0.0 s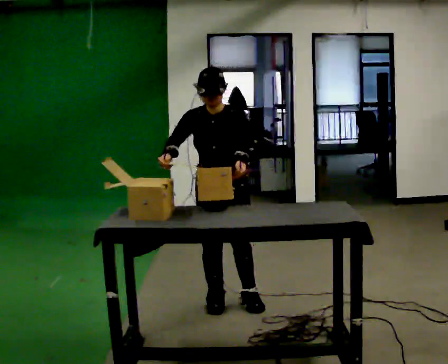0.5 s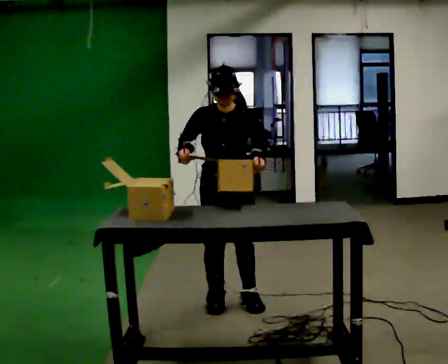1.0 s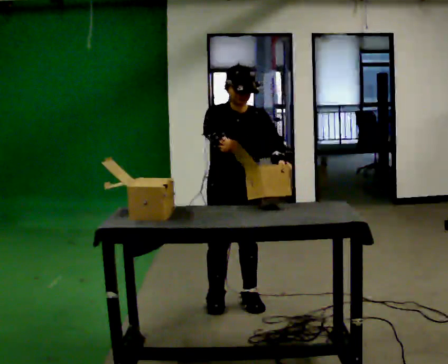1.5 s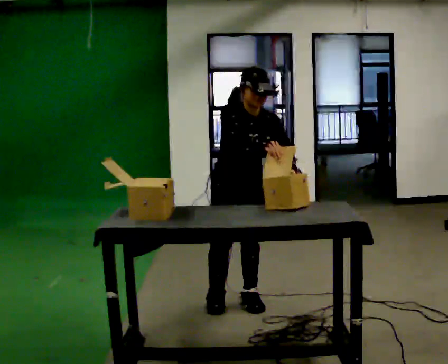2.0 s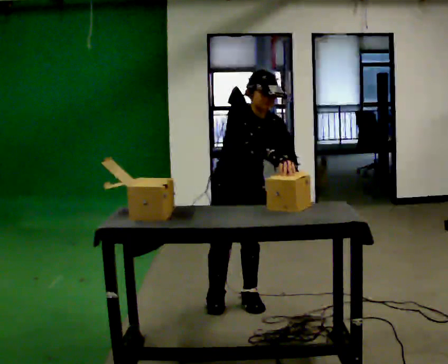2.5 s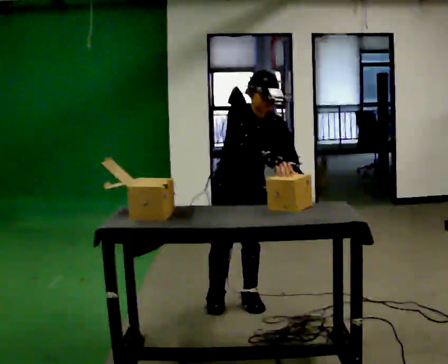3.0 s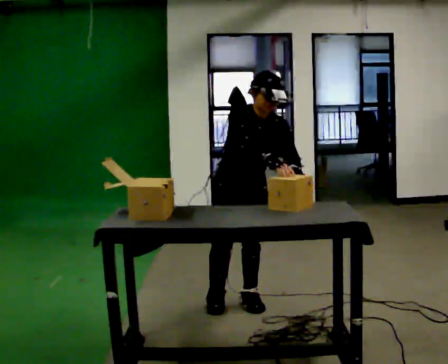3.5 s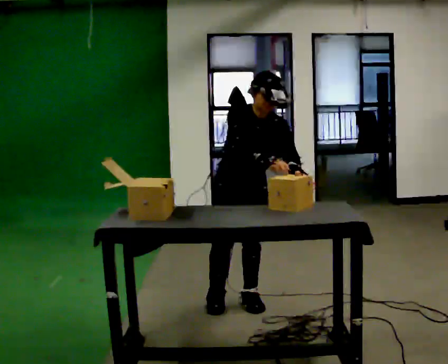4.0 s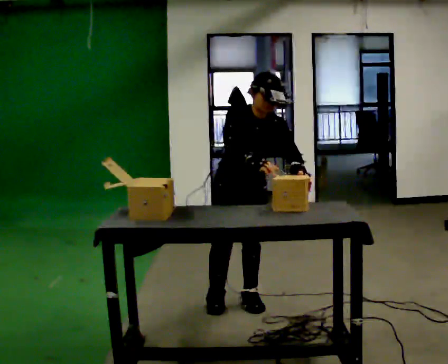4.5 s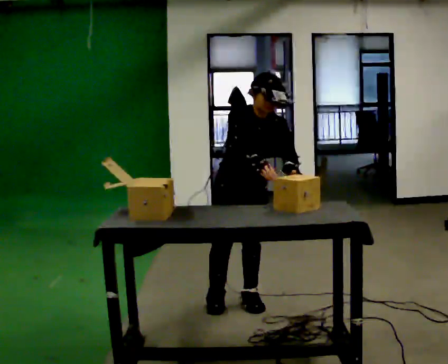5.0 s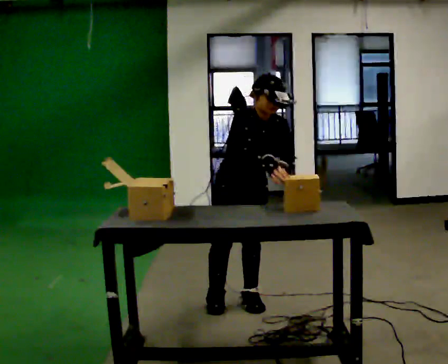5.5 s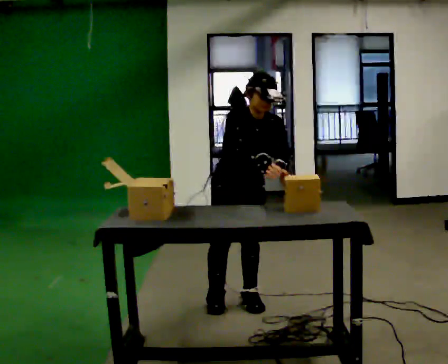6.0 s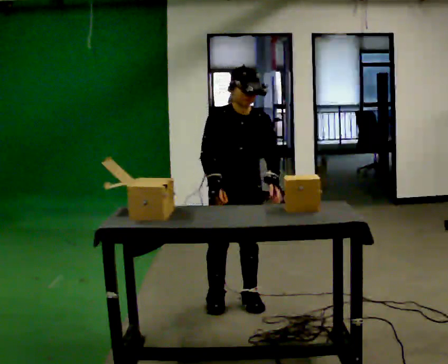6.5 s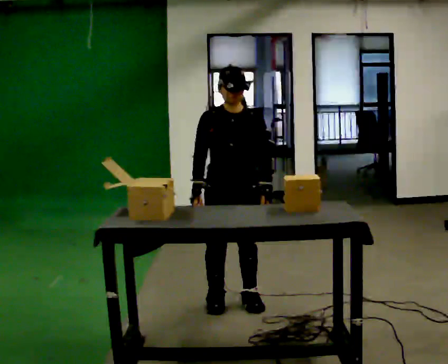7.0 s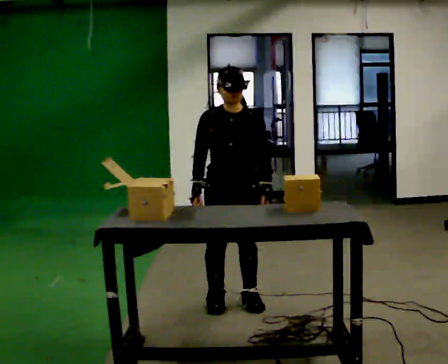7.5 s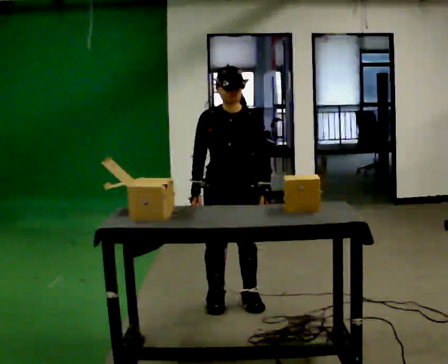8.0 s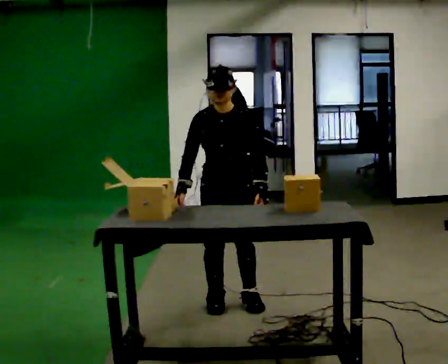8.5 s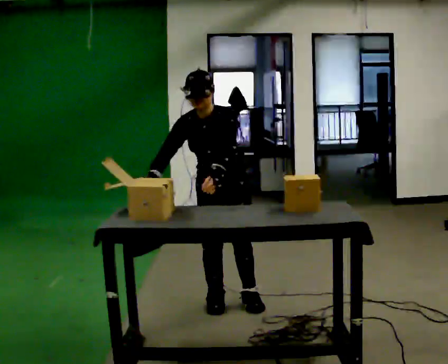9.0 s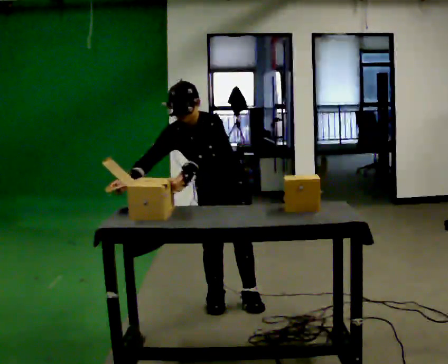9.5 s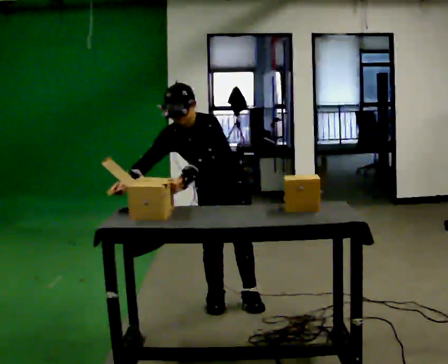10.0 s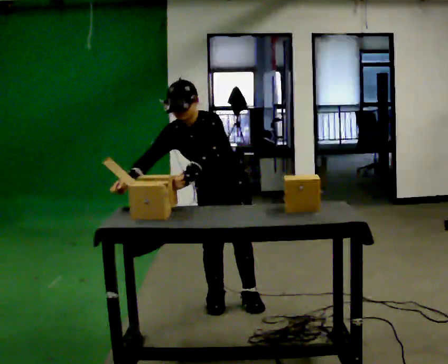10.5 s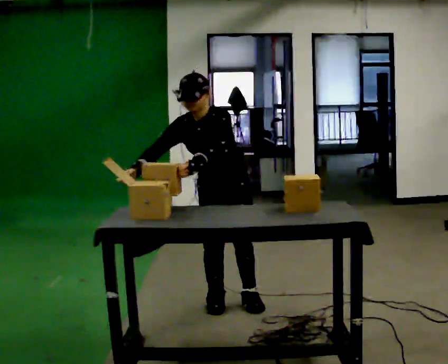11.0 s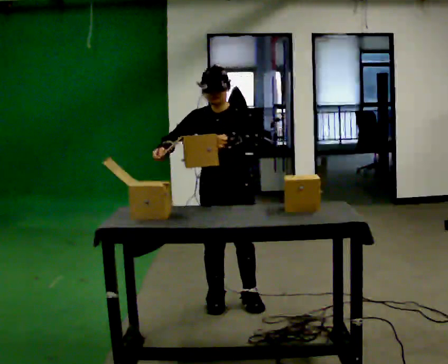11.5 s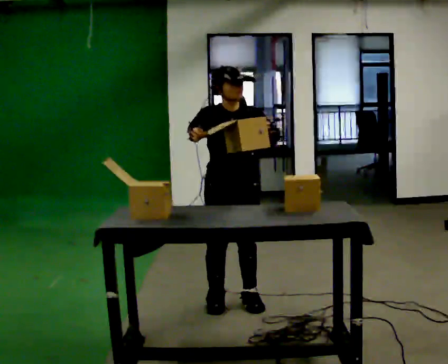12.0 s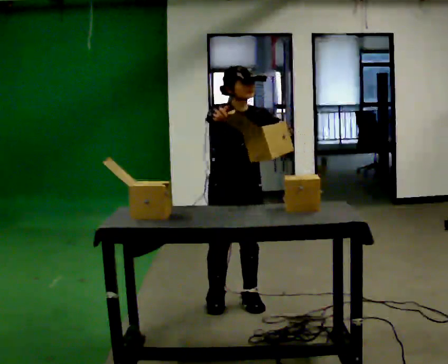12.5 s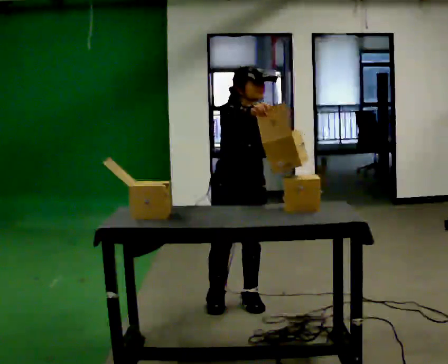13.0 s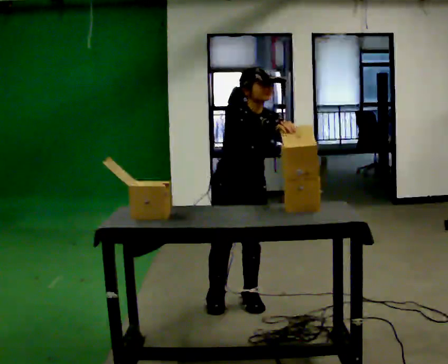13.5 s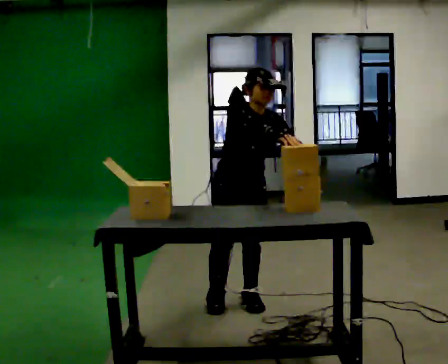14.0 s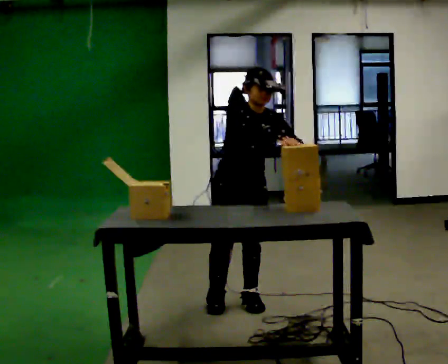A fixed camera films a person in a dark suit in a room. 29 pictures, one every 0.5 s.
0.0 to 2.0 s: In the picture the upper body tilts clockwise, shoulders to the right. In the picture their right hand goes to the right.
2.0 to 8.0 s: In the picture the upper body tilts counterclockwise, shoulders to the left. In the picture their right hand goes to the left.
8.0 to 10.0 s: The upper body tips toward the camera, its near side rolling downward, as they bend forward. In the picture their left hand goes to the left.
10.0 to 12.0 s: In the picture the upper body tilts clockwise, shoulders to the right, as they lean back or straighten. In the picture their right hand goes to the right and upward.
12.0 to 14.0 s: The person moves a little, or ends about where they began.
The film runs backward here.
